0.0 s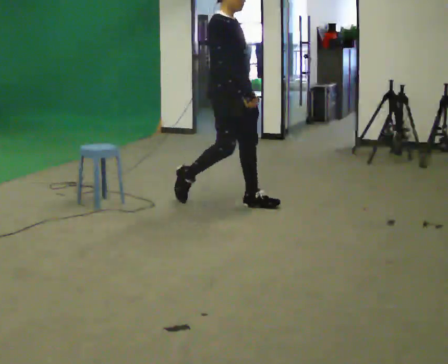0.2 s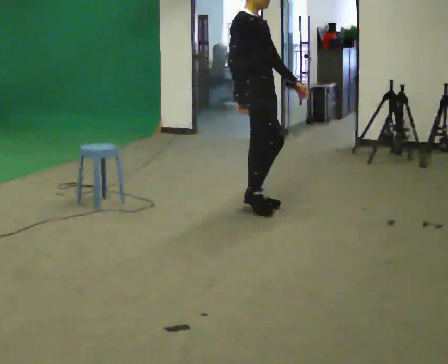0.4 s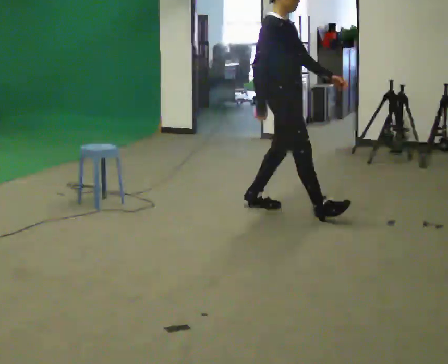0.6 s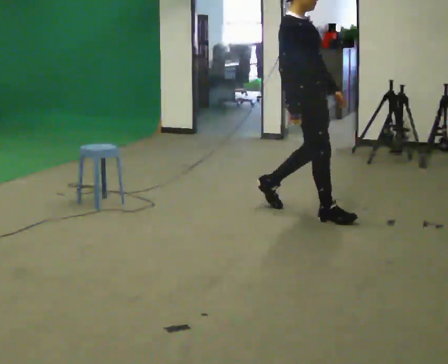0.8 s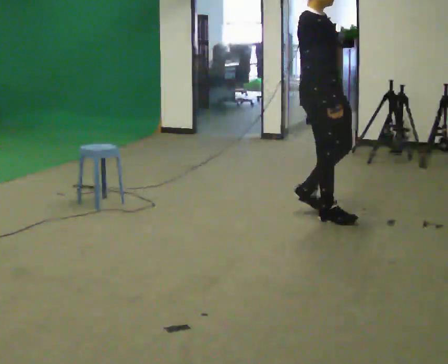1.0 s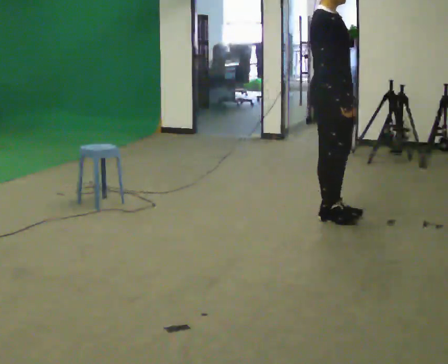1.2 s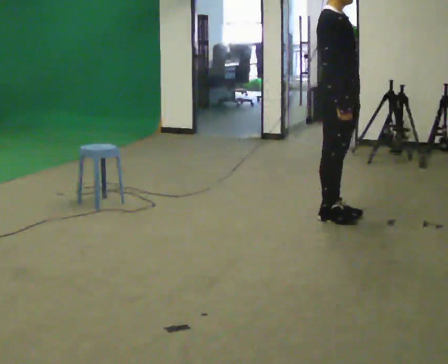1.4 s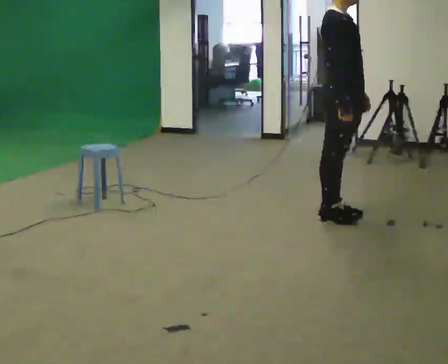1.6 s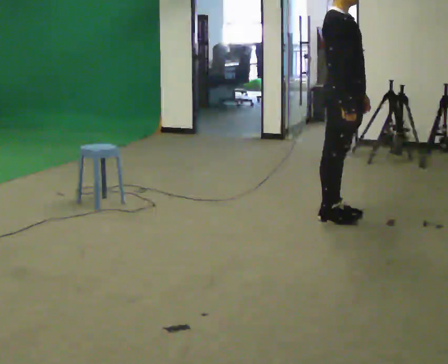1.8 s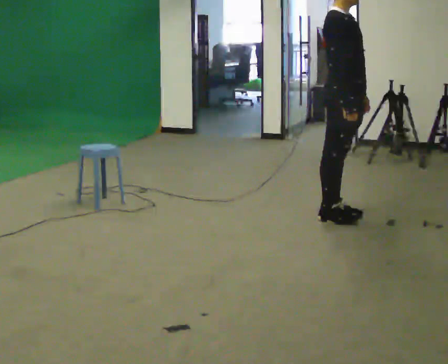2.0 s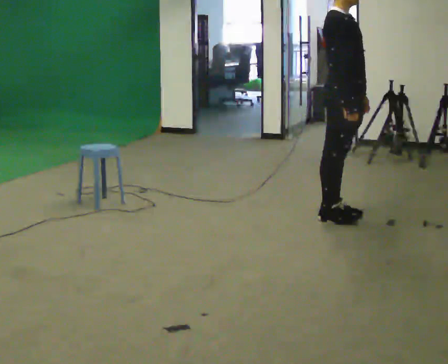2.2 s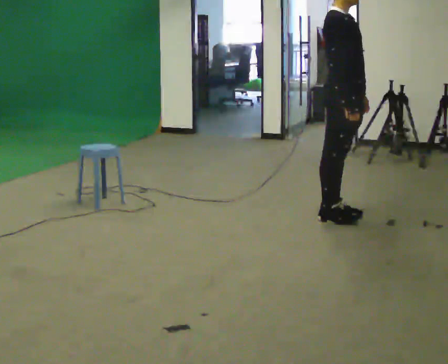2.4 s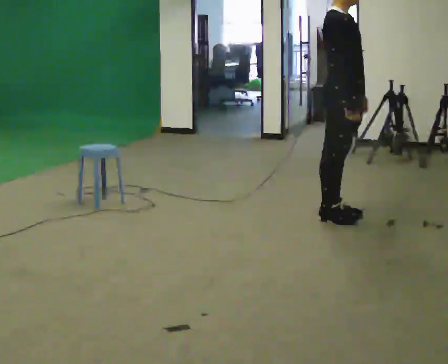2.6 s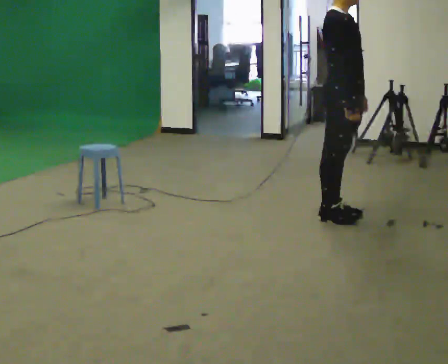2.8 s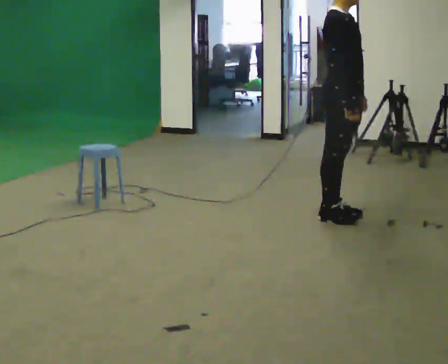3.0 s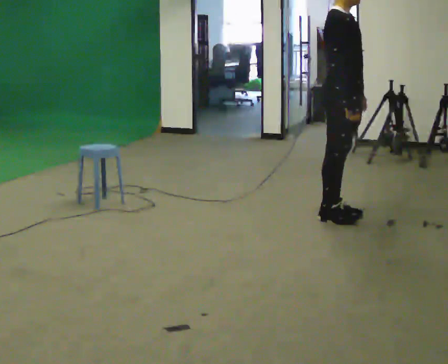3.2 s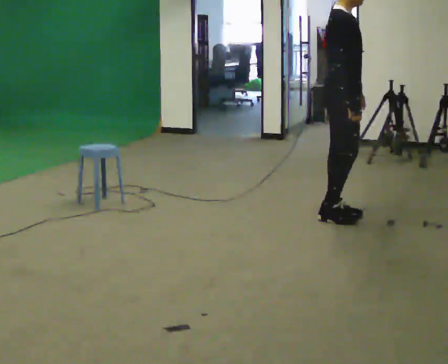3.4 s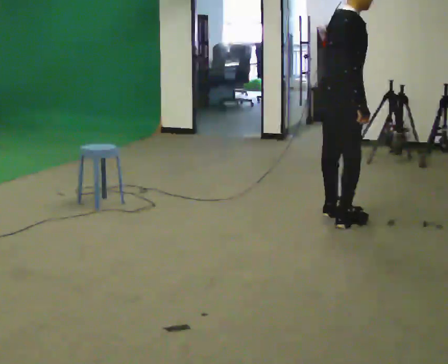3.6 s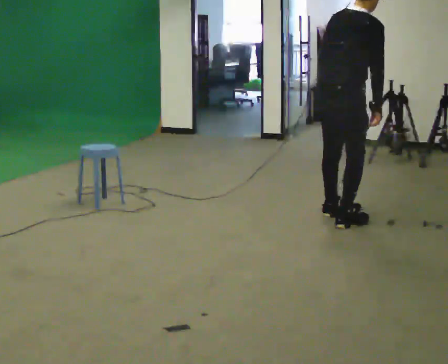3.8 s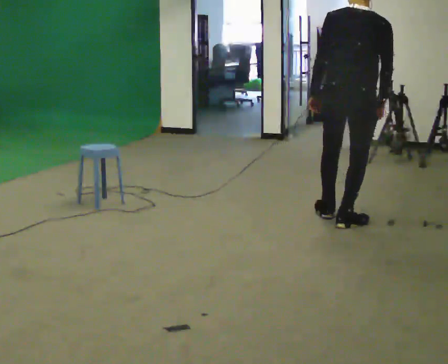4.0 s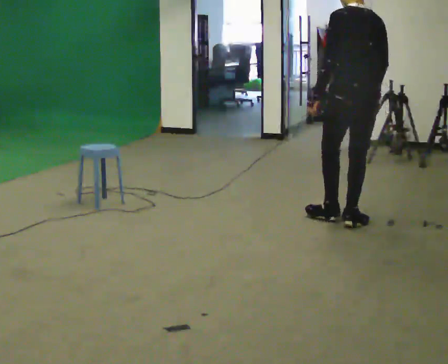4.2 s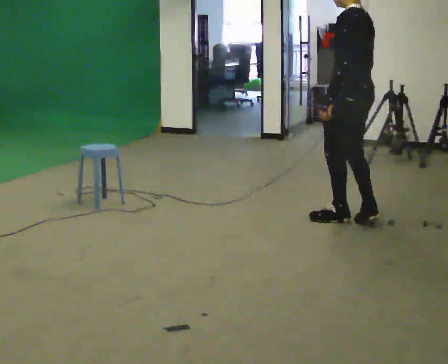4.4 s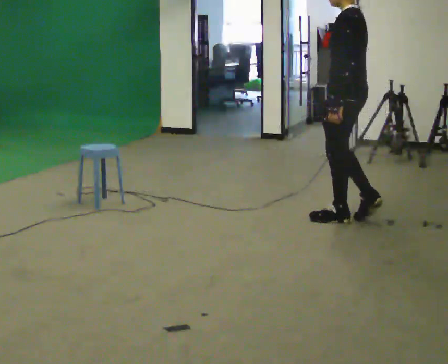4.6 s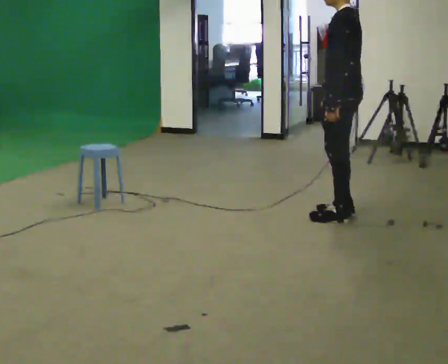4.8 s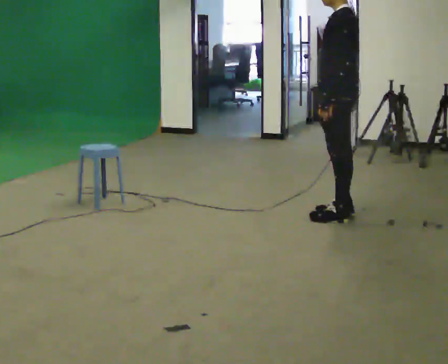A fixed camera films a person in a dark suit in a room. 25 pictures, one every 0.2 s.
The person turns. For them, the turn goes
to their left.
The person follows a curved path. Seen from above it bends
counterclockwise.
0.0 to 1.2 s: In the picture they go to the right, about 1 m in 2 steps, which for them is forward.
1.2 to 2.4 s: The person moves a little, or ends about where they began.
2.4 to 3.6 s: Seen from above the body turns counterclockwise, about 60 degrees: to their left, with its near side sliding to the right. In the picture the upper body tilts clockwise, shoulders to the right, as they bend forward.
3.6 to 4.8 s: The part of the body nearest the lens slides to the right as the person turns to their left by about 120 degrees. In the picture the upper body tilts counterclockwise, shoulders to the left, as they lean back or straighten.
The film runs forward here.
